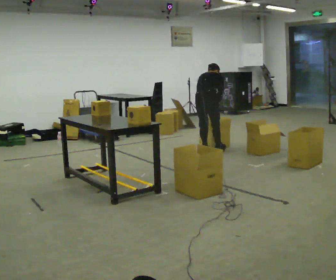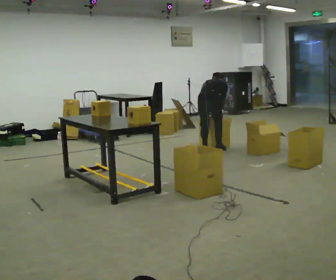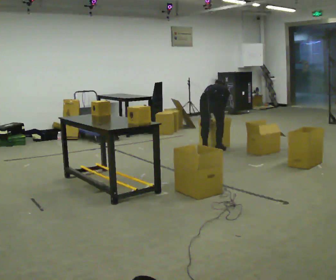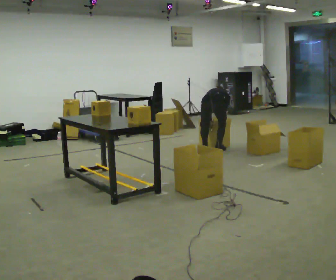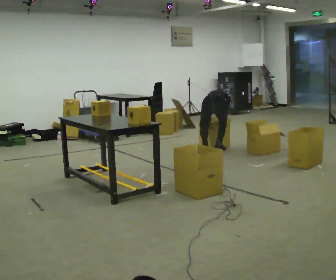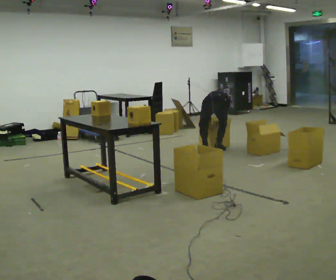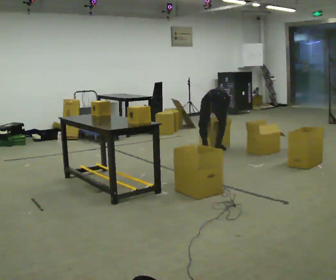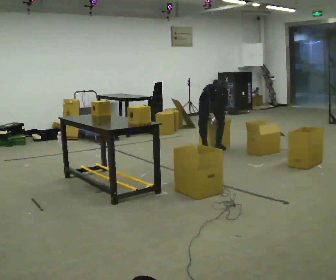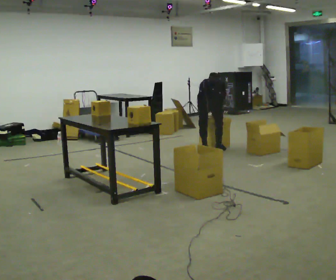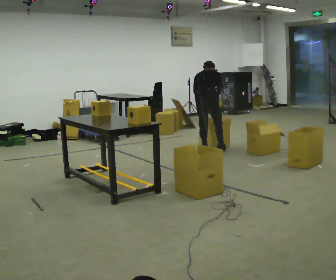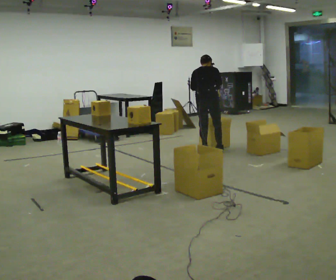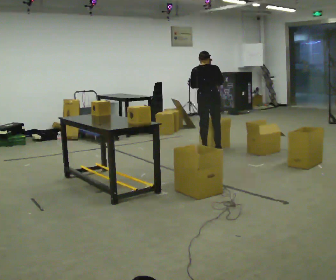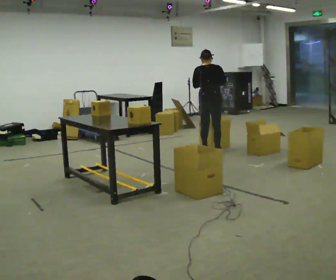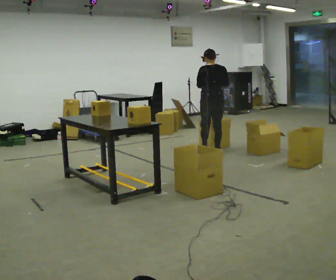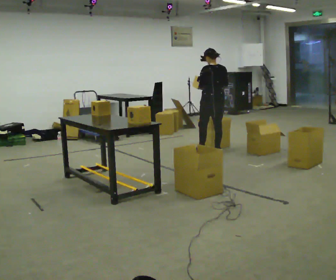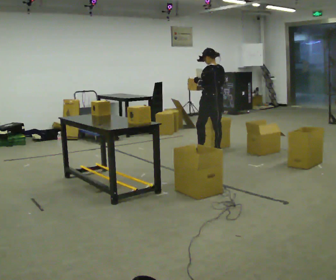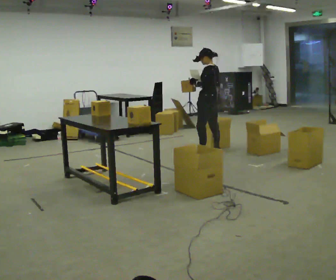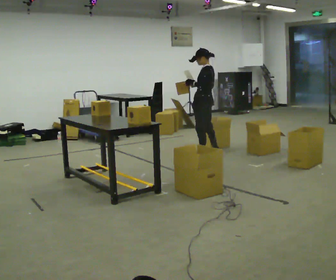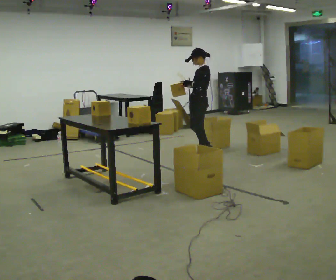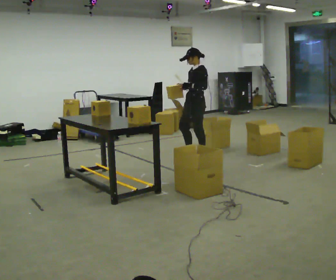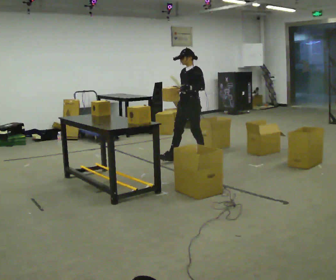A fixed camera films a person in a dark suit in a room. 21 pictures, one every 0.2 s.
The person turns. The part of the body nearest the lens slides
to the right.
The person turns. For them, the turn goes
to their left.
0.0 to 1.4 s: The person moves a little, or ends about where they began.
1.4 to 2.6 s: The person turns about 30 degrees to their left, counterclockwise seen from above, so the part of the body nearest the lens slides to the right. The shoulders move upward. The upper body tips toward the camera, its near side rolling downward, as they lean back or straighten. In the picture their right hand goes upward.
2.6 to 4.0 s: Seen from above the body turns counterclockwise, about 105 degrees: to their left, with its near side sliding to the right. In the picture they go to the left and toward the camera, about 0.5 m in 1 step.
The film runs forward here.
